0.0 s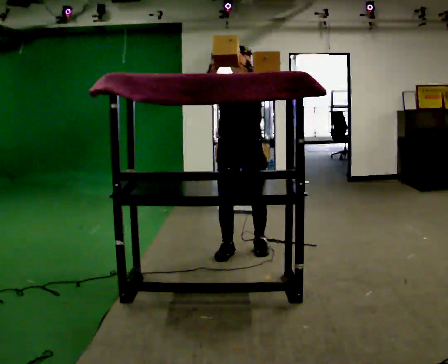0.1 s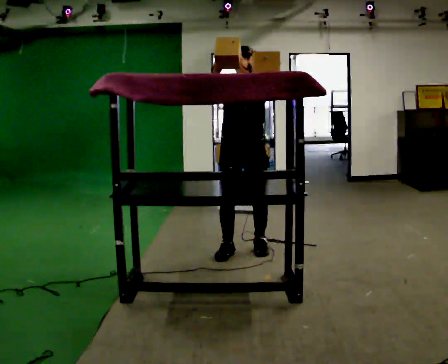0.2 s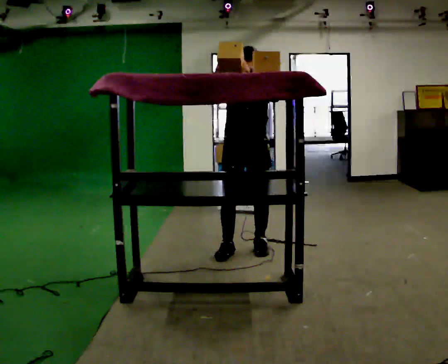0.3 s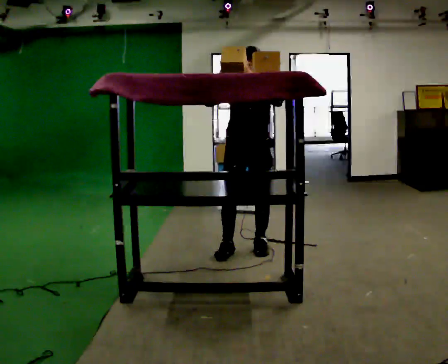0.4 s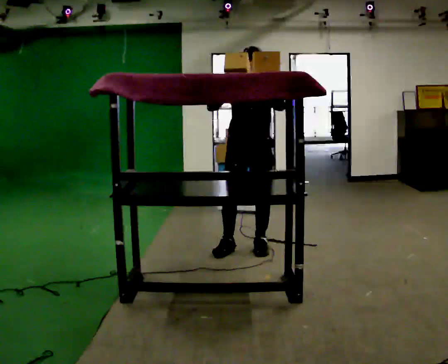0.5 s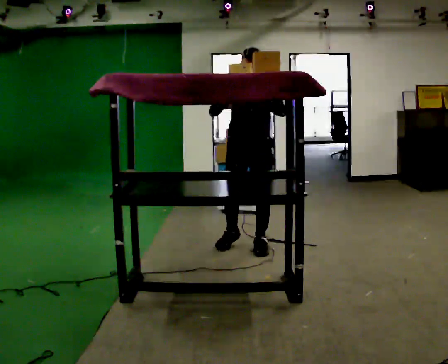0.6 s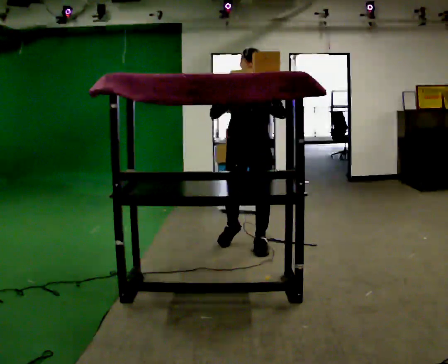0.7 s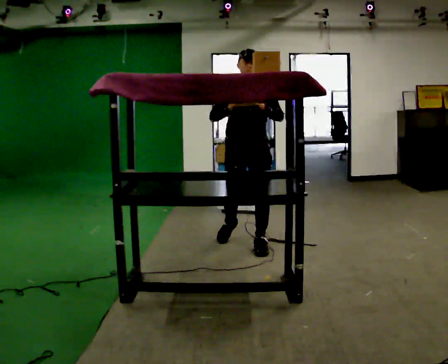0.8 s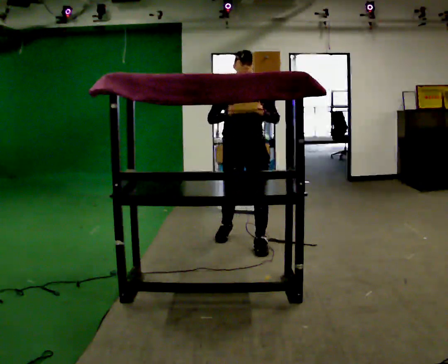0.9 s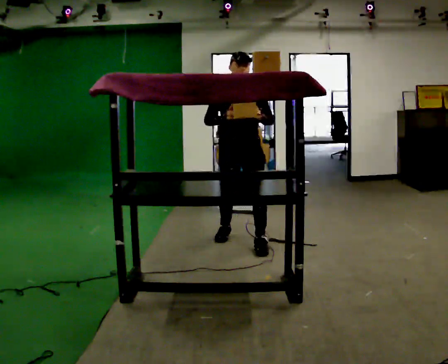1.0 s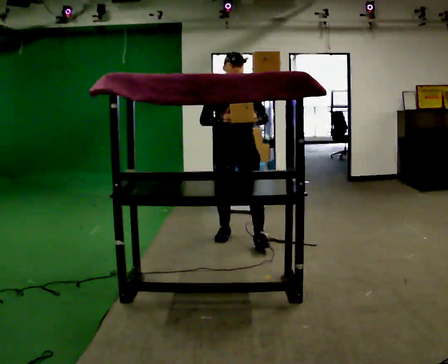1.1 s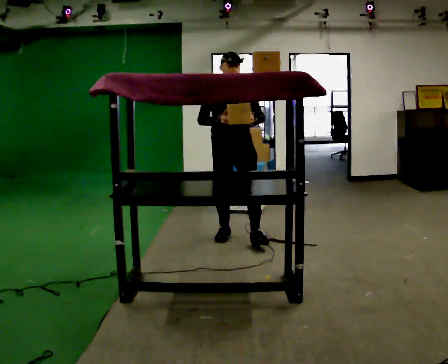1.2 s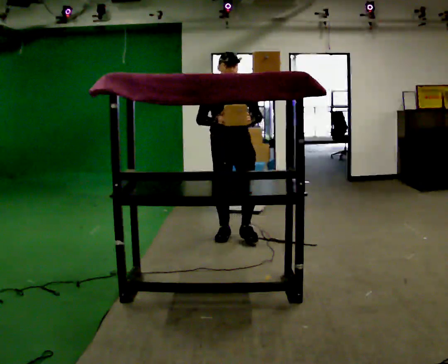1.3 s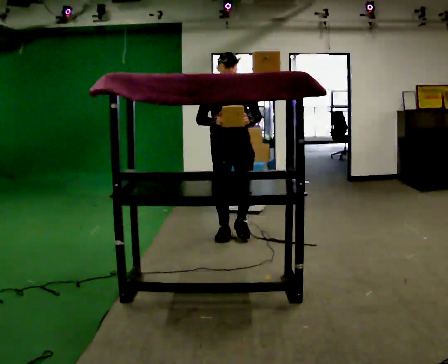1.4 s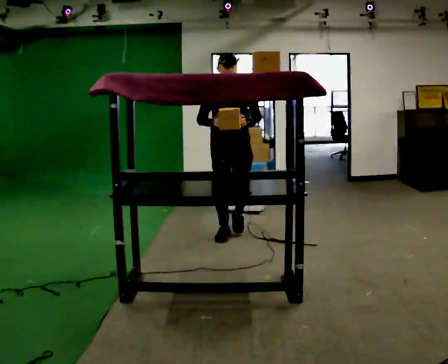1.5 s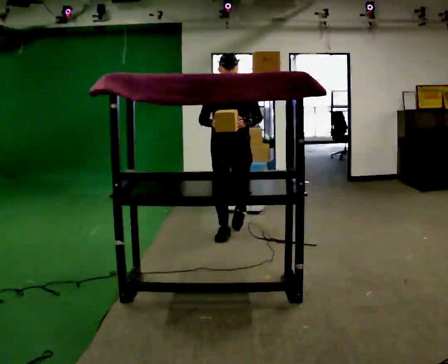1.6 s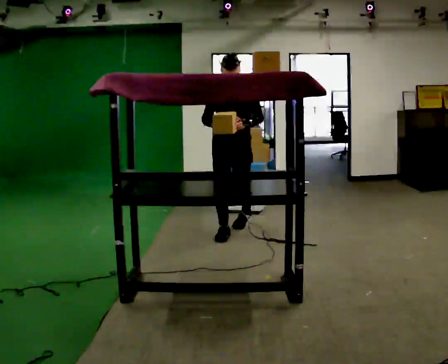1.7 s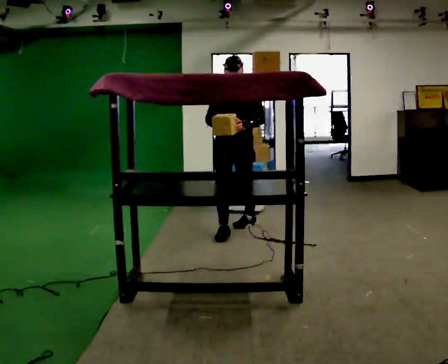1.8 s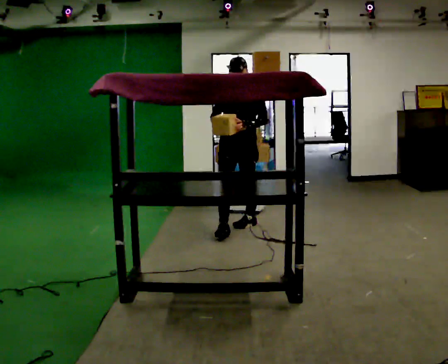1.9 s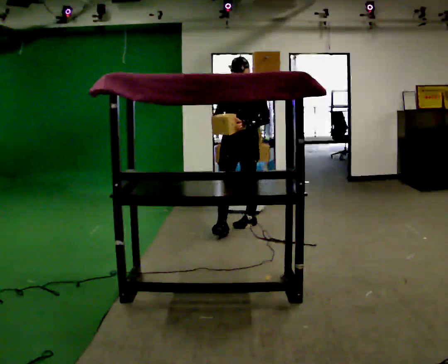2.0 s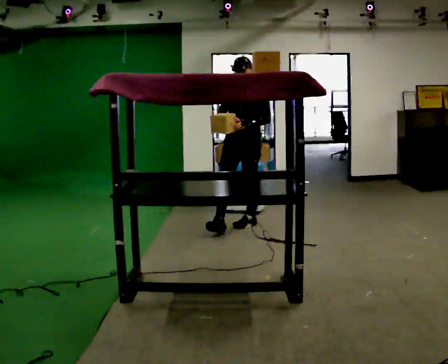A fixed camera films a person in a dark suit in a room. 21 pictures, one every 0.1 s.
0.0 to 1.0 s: In the picture they go away from the camera, about 0.25 m in 2 steps, which for them is backward. In the picture their left hand goes downward.
1.0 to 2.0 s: The part of the body nearest the lens slides to the left as the person turns to their right by about 30 degrees. In the picture they go away from the camera, about 0.5 m in 1 step, which for them is backward.
The film runs backward here.
